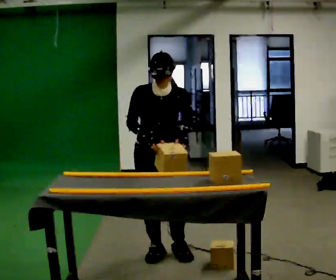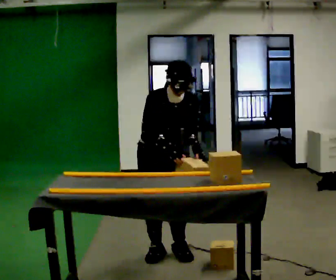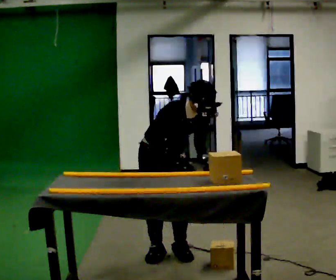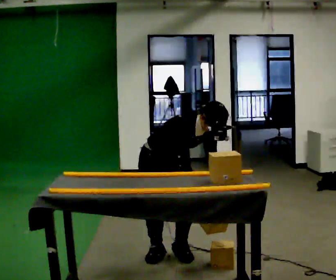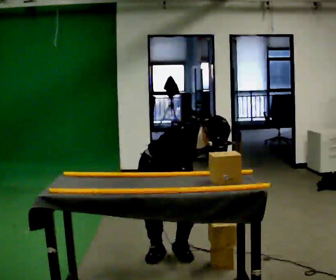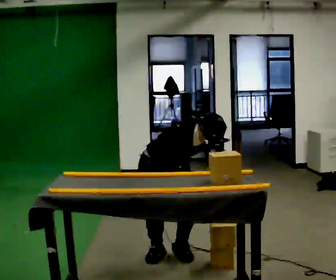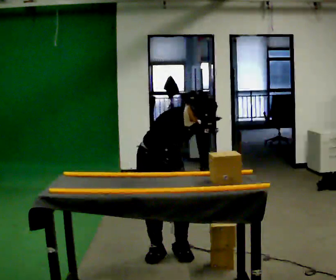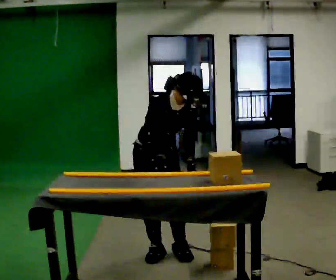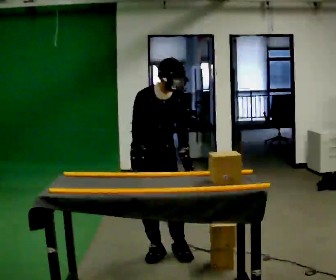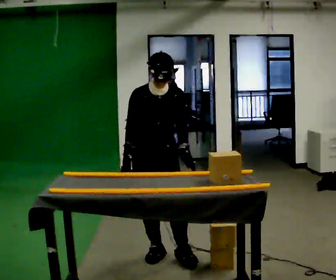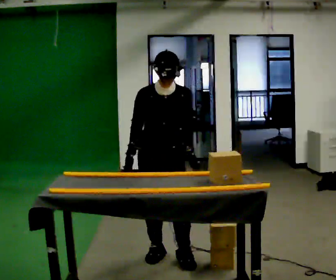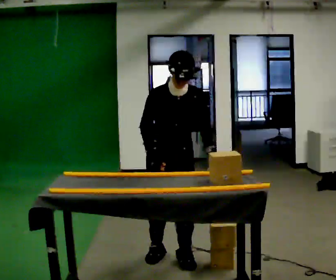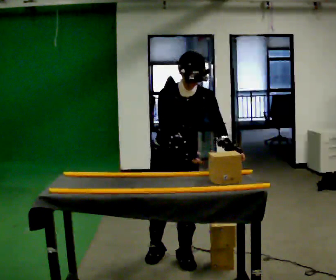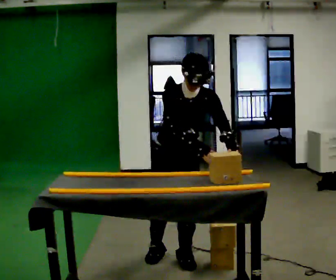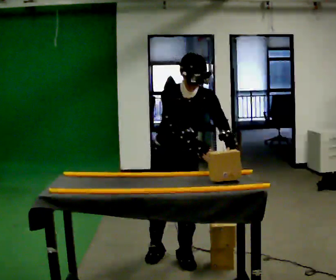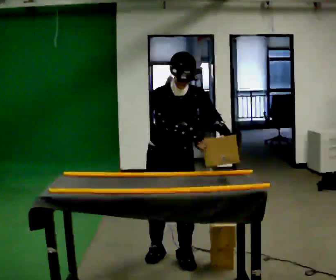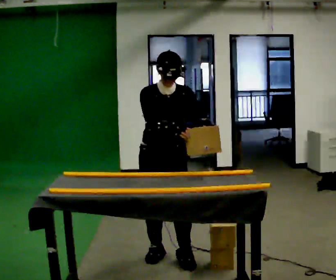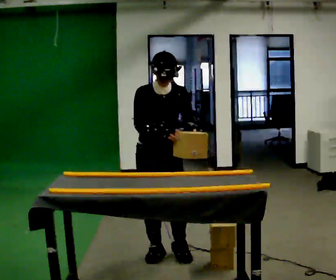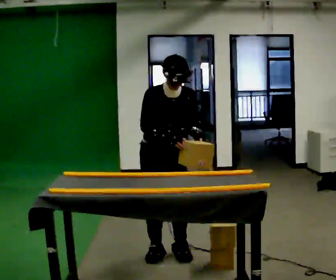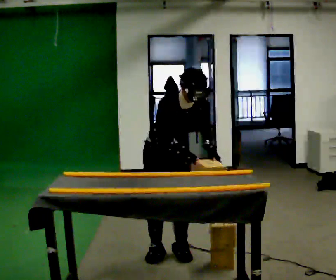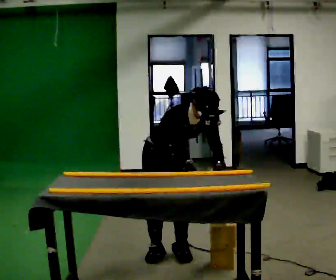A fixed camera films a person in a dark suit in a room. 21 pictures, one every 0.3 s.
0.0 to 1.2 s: Seen from above the body turns counterclockwise, about 30 degrees: to their left, with its near side sliding to the right. The shoulders move downward. In the picture the upper body tilts clockwise, shoulders to the right, as they bend forward. In the picture their left hand goes downward.
1.2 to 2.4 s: The upper body goes upward. In the picture the upper body tilts counterclockwise, shoulders to the left, as they lean back or straighten. In the picture their right hand goes to the left.
2.4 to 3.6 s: In the picture they go toward the camera and to the right, about 0.25 m, which for them is forward and to their left.
3.6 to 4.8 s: The person moves a little, or ends about where they began.
4.8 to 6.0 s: In the picture they go away from the camera, about 0.25 m in 1 step, which for them is backward. The upper body tips toward the camera, its near side rolling downward, as they bend forward. In the picture their right hand goes downward.
The film runs backward here.
